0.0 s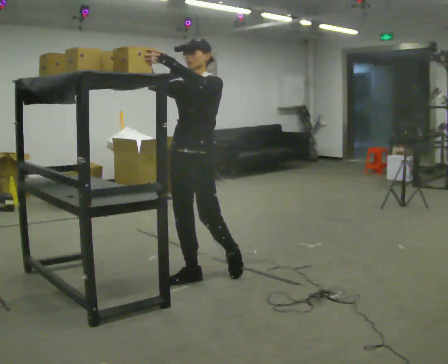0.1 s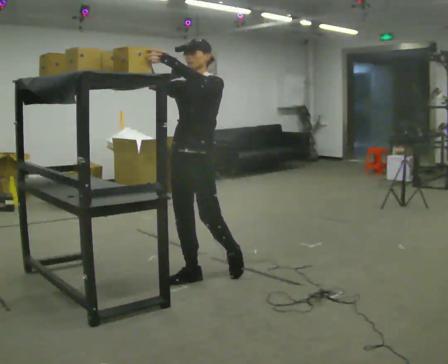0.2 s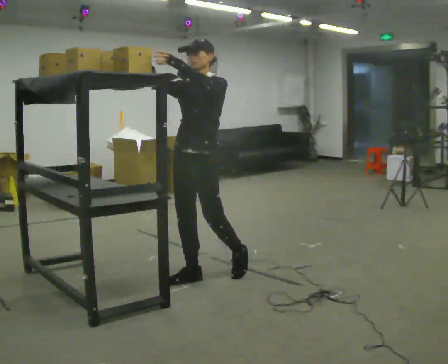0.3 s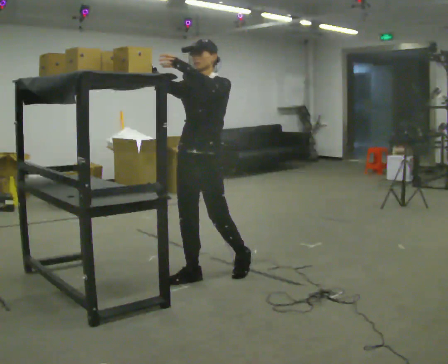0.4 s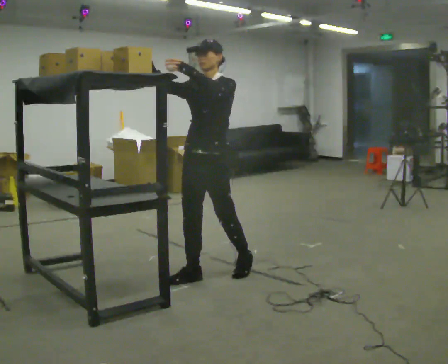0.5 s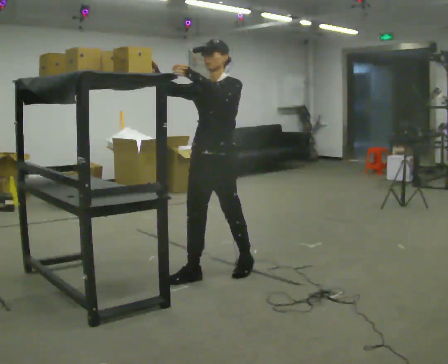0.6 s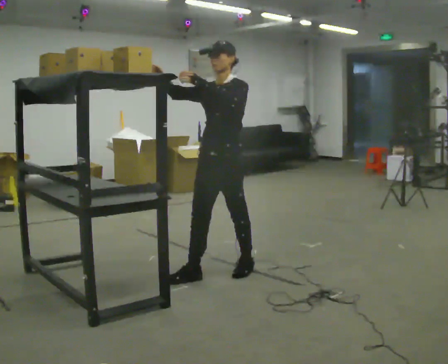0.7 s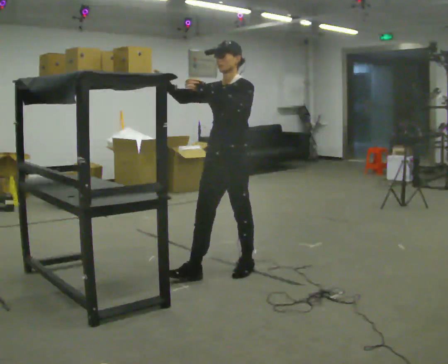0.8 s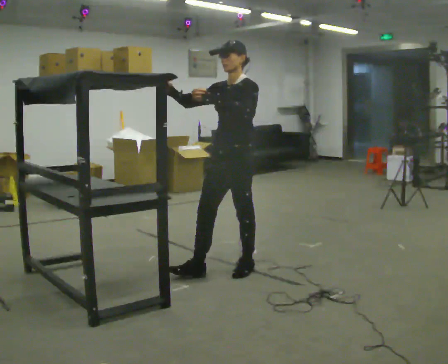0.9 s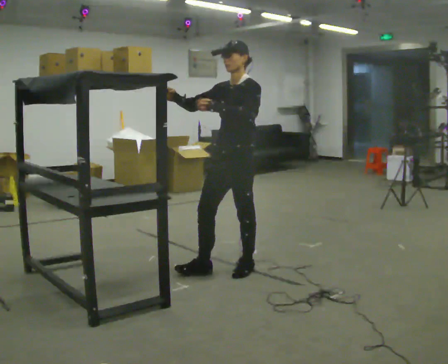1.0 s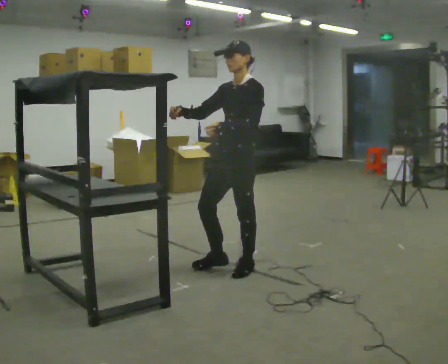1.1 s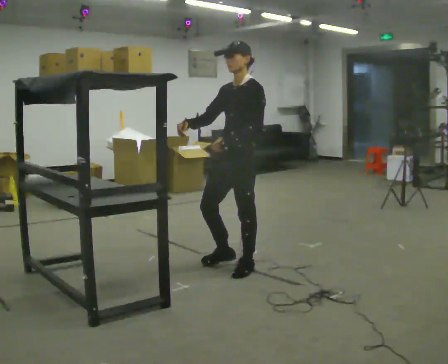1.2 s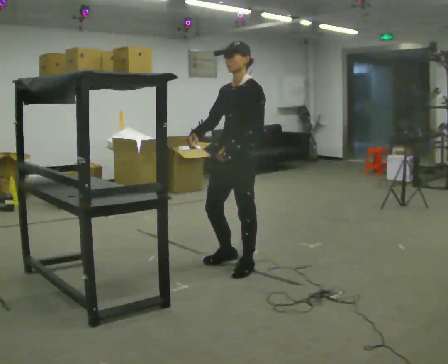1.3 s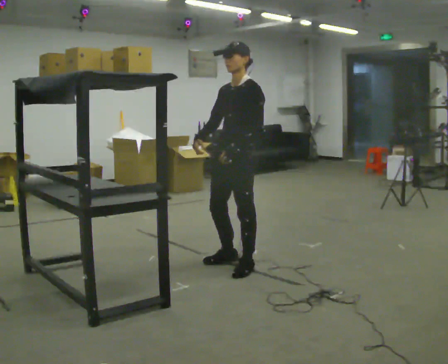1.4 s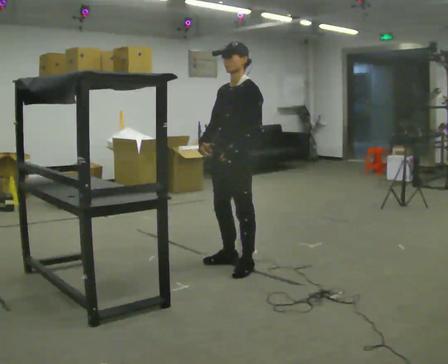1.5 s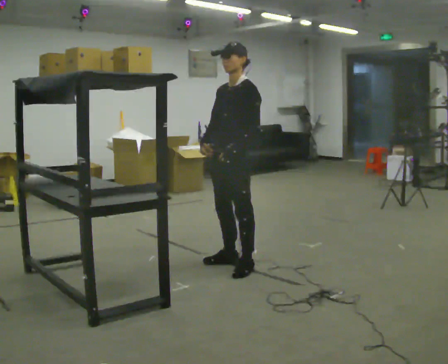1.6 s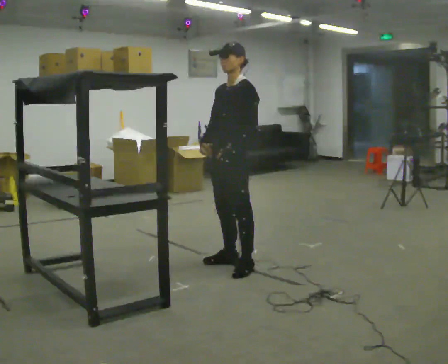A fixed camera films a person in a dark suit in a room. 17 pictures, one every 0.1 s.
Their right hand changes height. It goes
downward.
Their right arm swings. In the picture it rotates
counterclockwise.
0.0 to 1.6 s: In the picture they go away from the camera and to the right, about 0.25 m in 1 step, which for them is backward. In the picture their right hand goes downward, the arm swinging counterclockwise.
The film runs backward here.
